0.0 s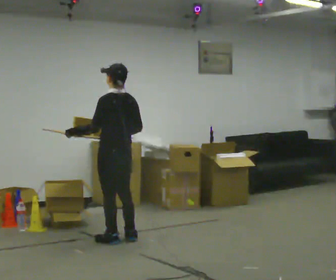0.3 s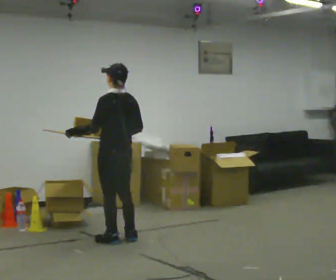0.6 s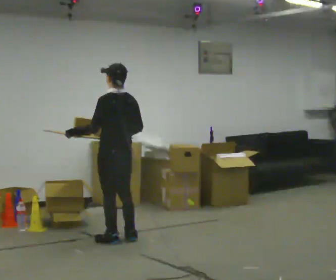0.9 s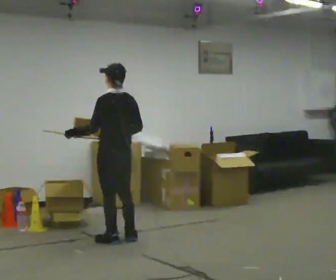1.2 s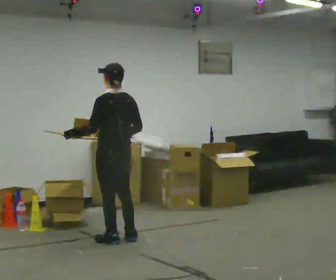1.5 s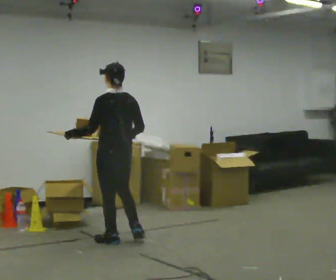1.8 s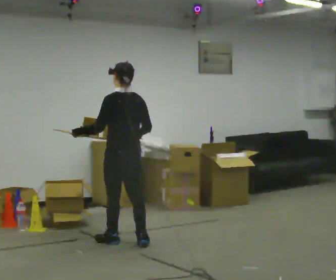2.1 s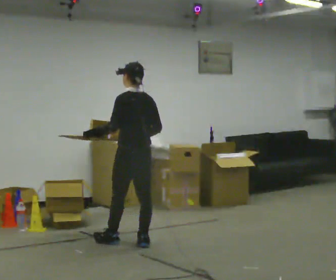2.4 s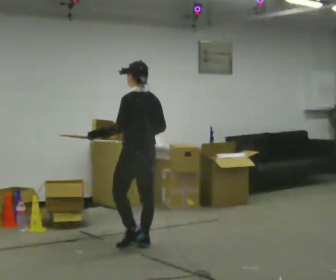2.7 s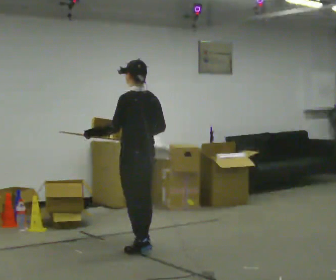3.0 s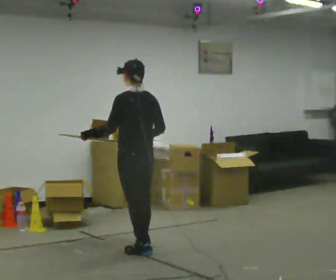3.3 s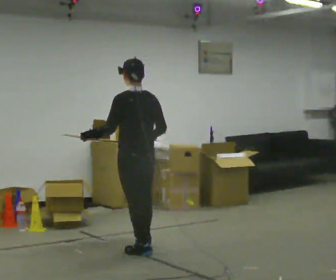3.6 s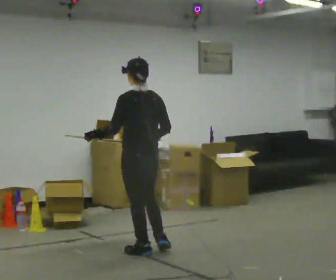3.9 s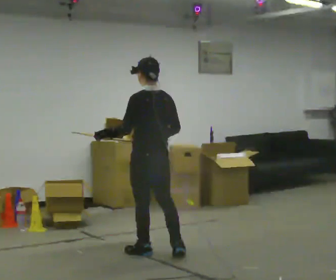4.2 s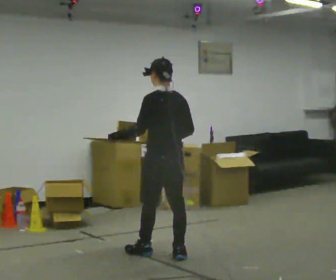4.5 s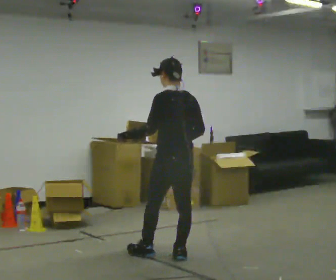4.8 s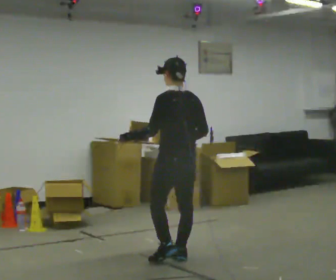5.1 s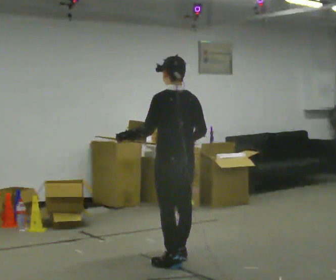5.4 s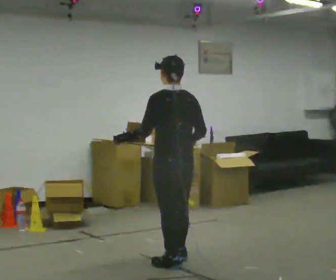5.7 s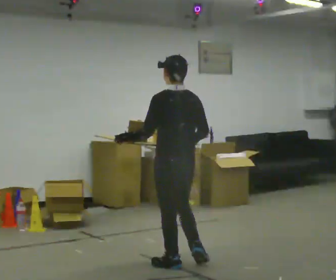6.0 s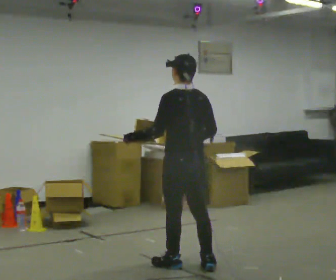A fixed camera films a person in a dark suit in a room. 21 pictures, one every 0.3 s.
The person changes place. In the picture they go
toward the camera.
0.0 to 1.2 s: The person moves a little, or ends about where they began.
1.2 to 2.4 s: In the picture they go to the right, about 0.25 m in 2 steps, which for them is backward.
2.4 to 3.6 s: In the picture they go toward the camera, about 0.25 m in 1 step, which for them is backward and to their left.
3.6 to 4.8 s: In the picture they go to the right and toward the camera, about 0.25 m in 1 step, which for them is backward and to their right.
4.8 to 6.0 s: In the picture they go toward the camera, about 0.25 m in 1 step, which for them is backward.
The film runs backward here.
